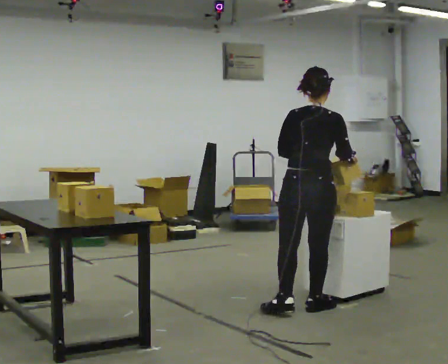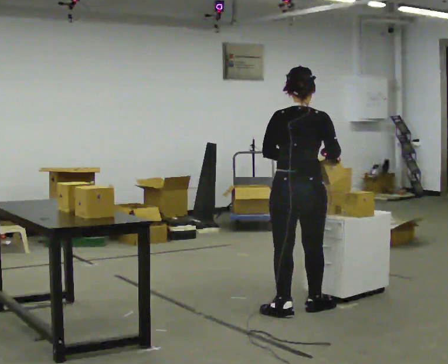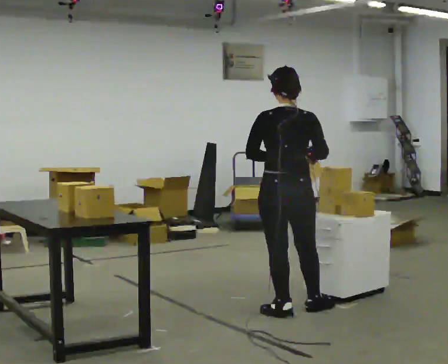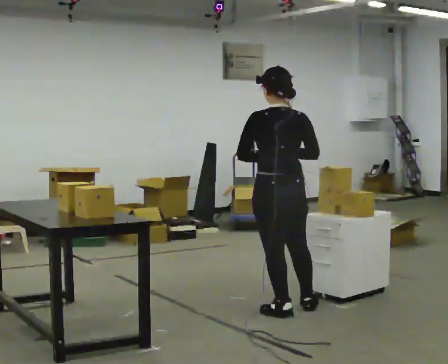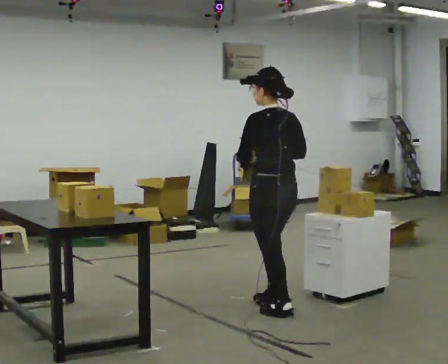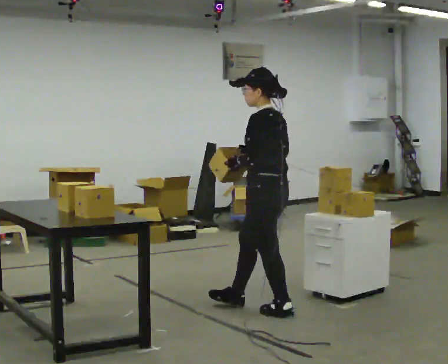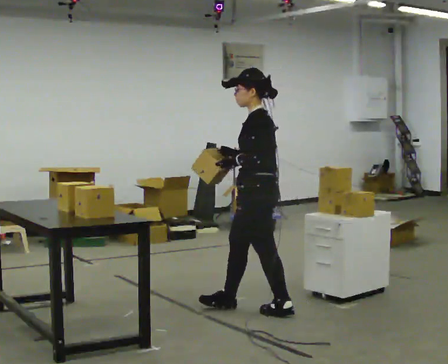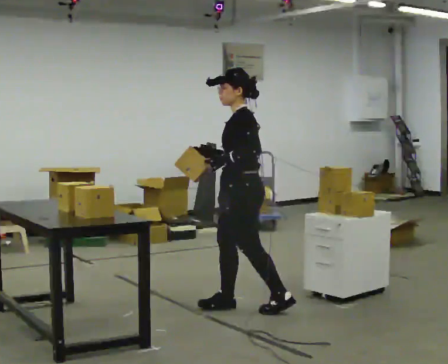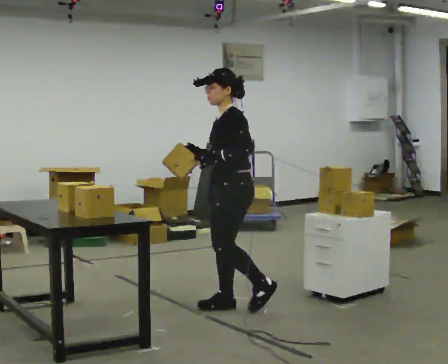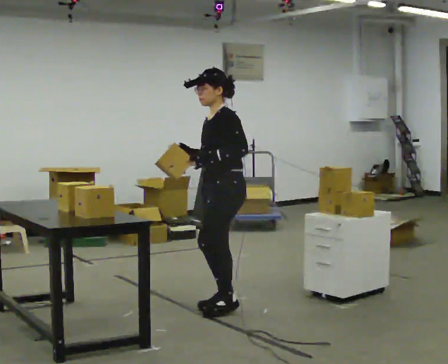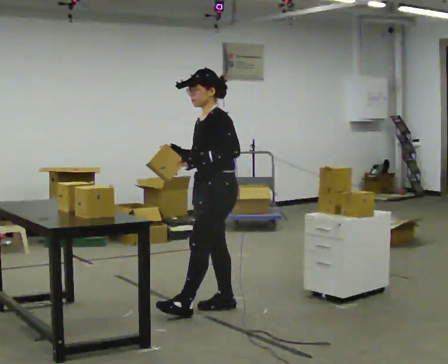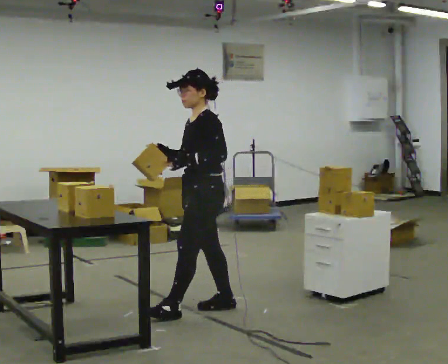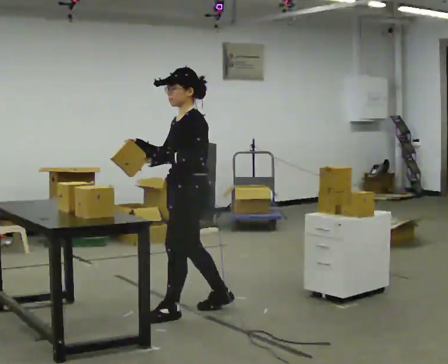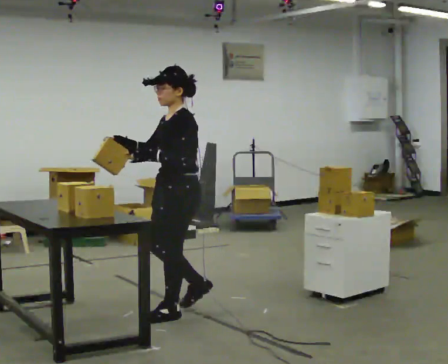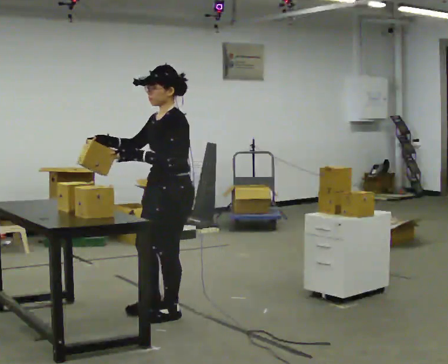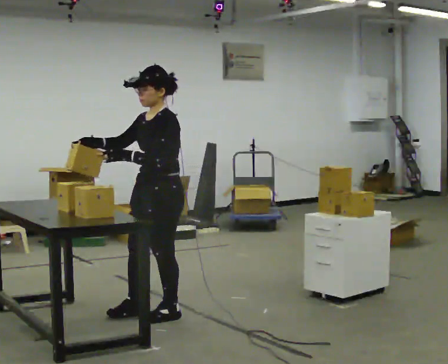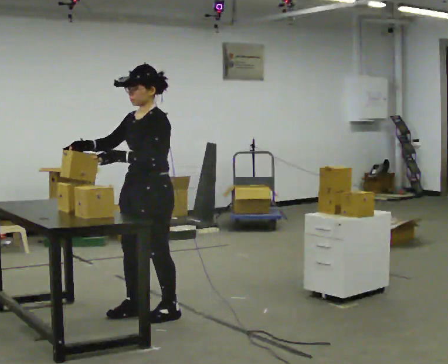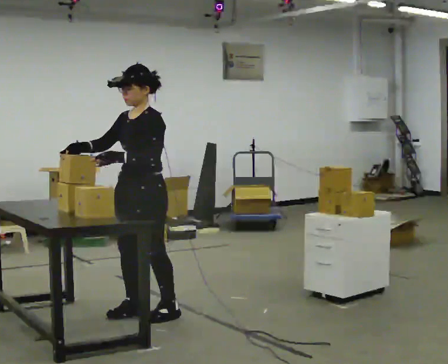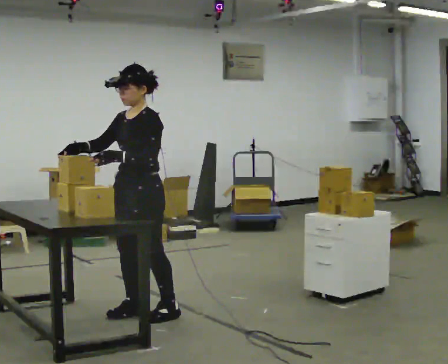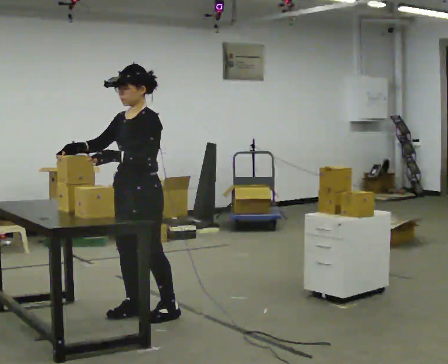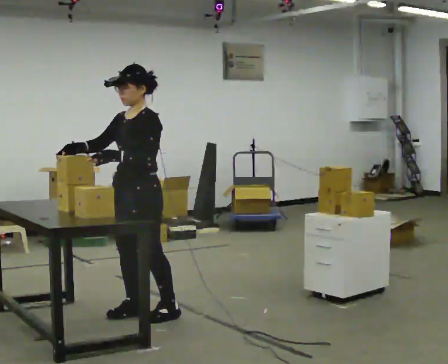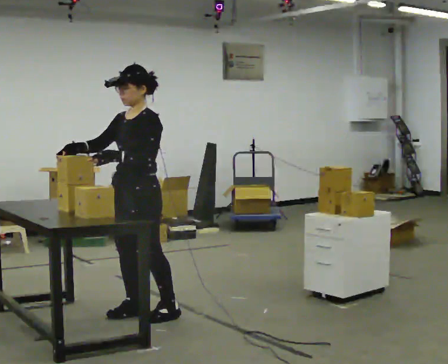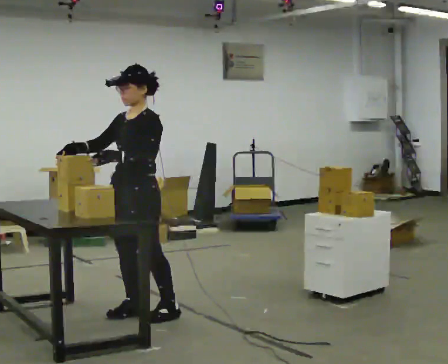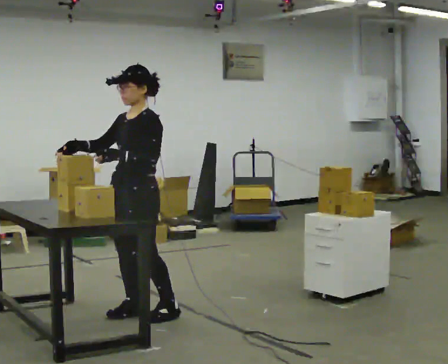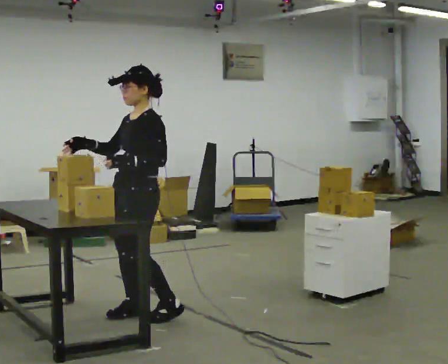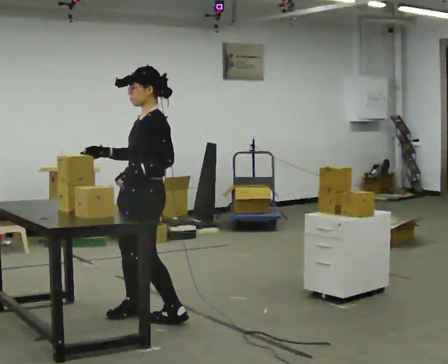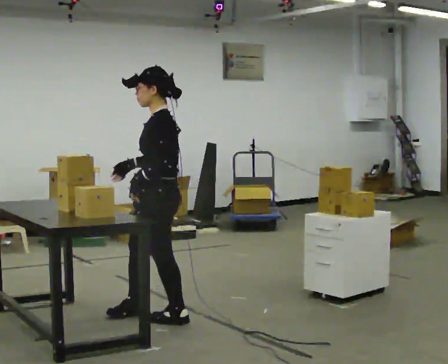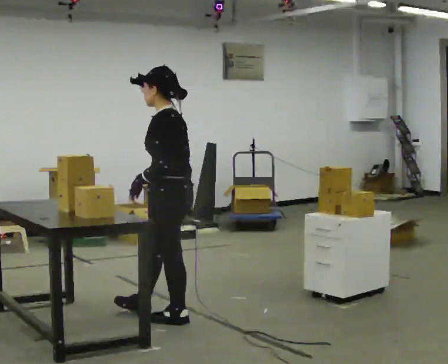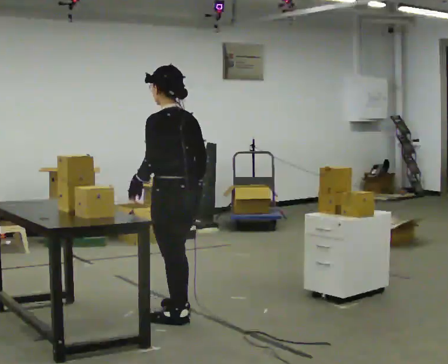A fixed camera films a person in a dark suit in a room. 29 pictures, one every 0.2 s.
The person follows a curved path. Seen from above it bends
counterclockwise.
0.0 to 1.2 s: Seen from above the body turns counterclockwise, about 105 degrees: to their left, with its near side sliding to the right. In the picture they go to the left, about 0.25 m in 1 step.
1.2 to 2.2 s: In the picture they go to the left, about 0.25 m in 1 step, which for them is forward.
2.2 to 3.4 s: The person turns about 30 degrees to their left, counterclockwise seen from above, so the part of the body nearest the lens slides to the right. In the picture they go to the left, about 0.5 m in 1 step, which for them is forward.
3.4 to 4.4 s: The person moves a little, or ends about where they began.
4.4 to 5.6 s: The person turns about 90 degrees to their right, clockwise seen from above, so the part of the body nearest the lens slides to the left. In the picture they go to the right and toward the camera, about 0.25 m in 1 step.
The film runs forward here.
